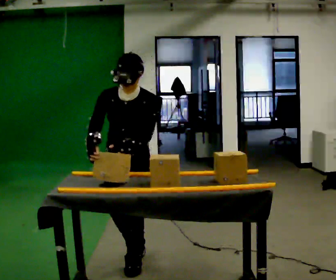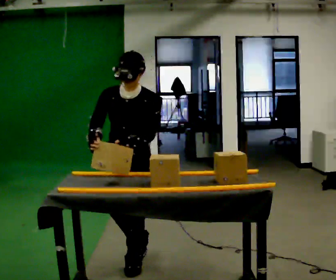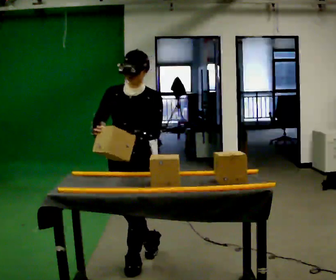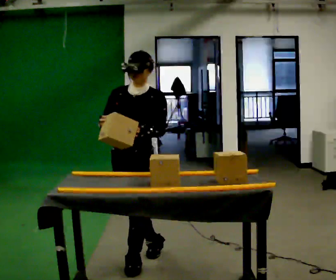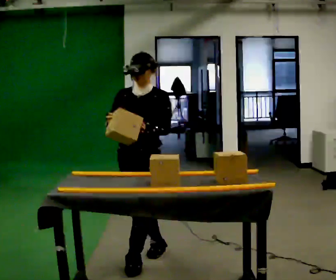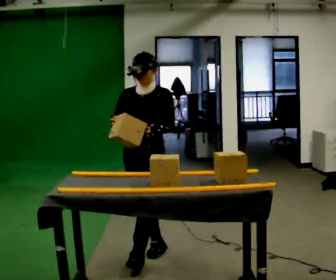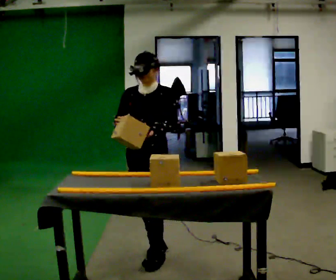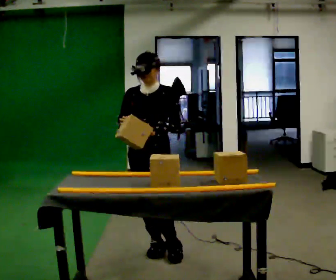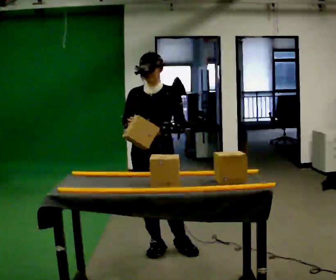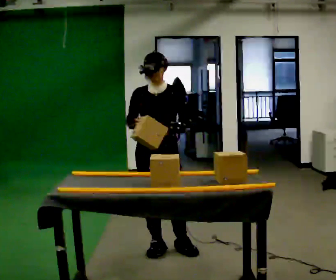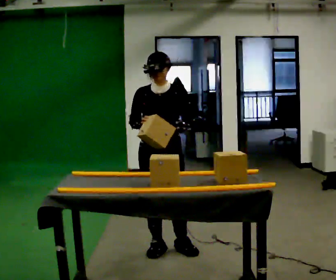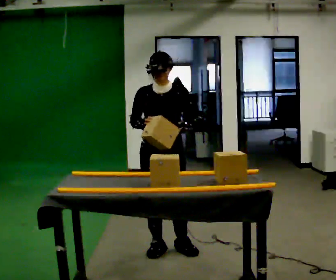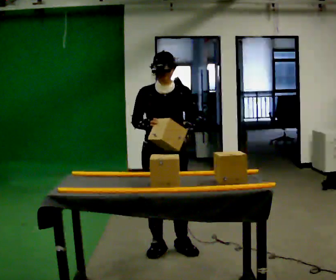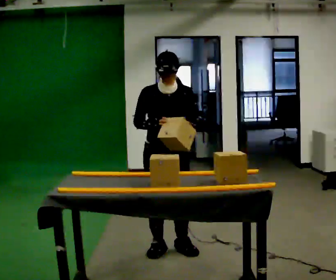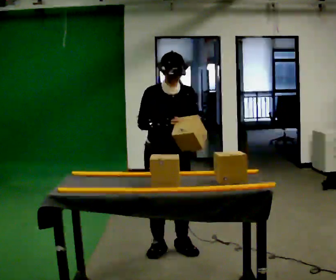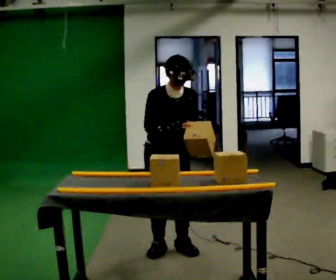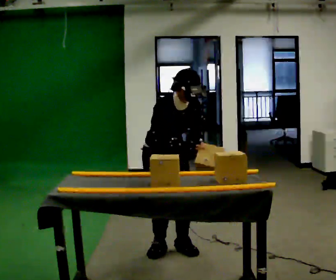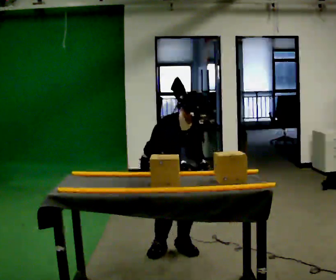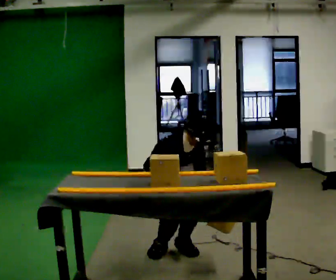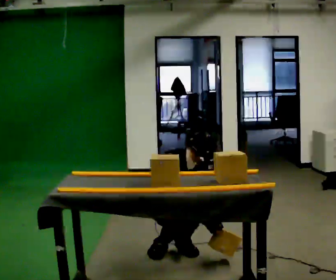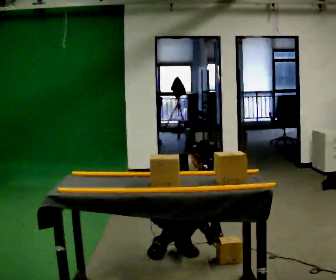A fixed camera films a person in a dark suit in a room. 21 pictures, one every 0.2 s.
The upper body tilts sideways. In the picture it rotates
clockwise.
The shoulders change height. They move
downward.
0.0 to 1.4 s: In the picture they go away from the camera, about 0.25 m in 2 steps, which for them is backward. The upper body tips away from the camera, its near side rolling upward, as they lean back or straighten.
1.4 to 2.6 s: The person turns about 30 degrees to their left, counterclockwise seen from above, so the part of the body nearest the lens slides to the right.
2.6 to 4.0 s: The person turns about 30 degrees to their left, counterclockwise seen from above, so the part of the body nearest the lens slides to the right. The upper body goes downward. In the picture the upper body tilts clockwise, shoulders to the right, as they bend forward. In the picture their right hand goes downward and to the right.
The film runs backward here.
